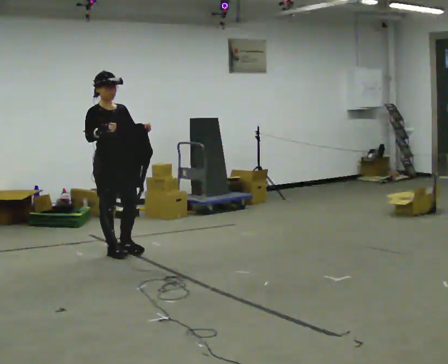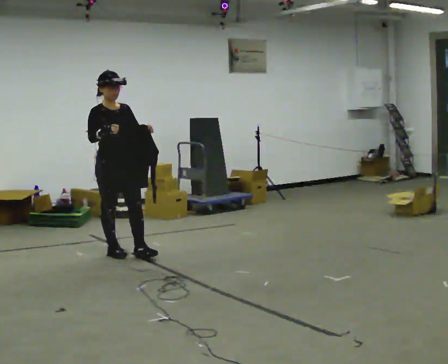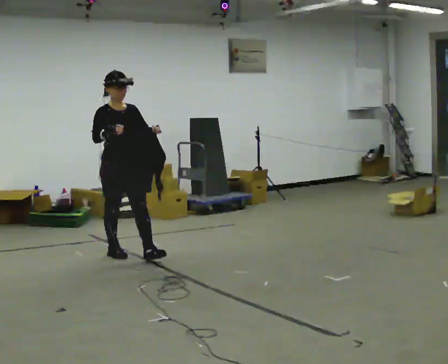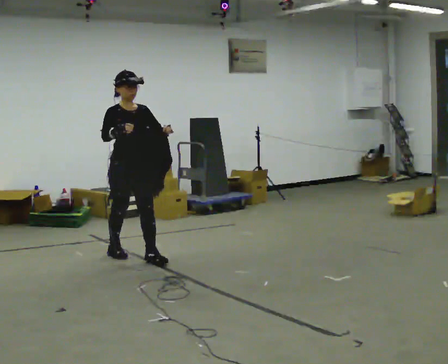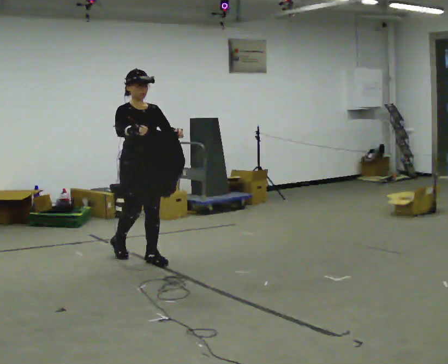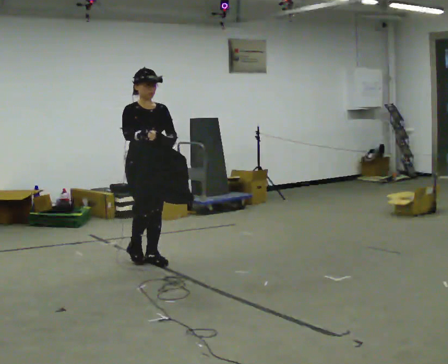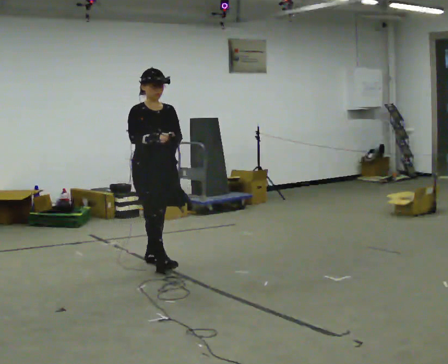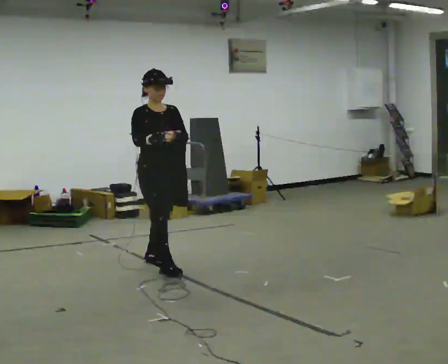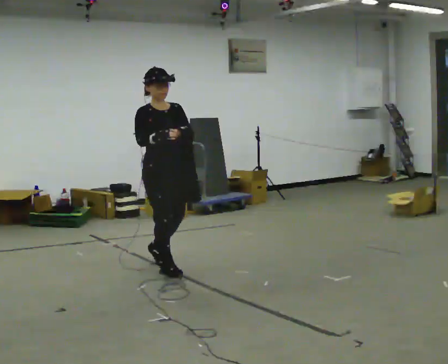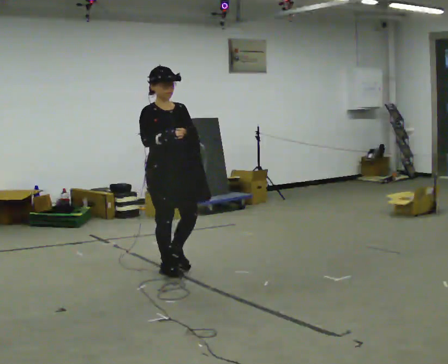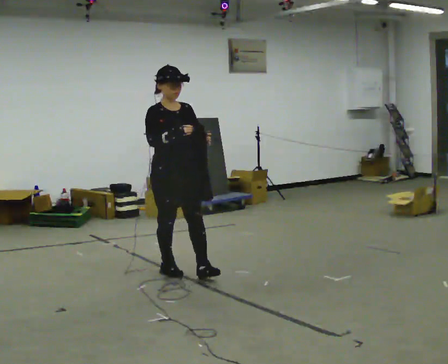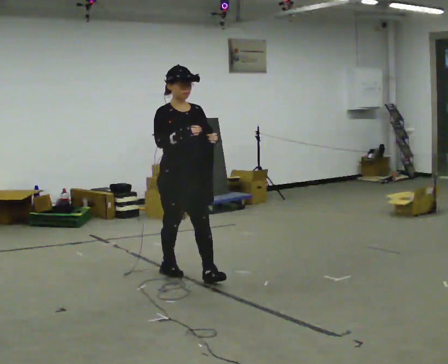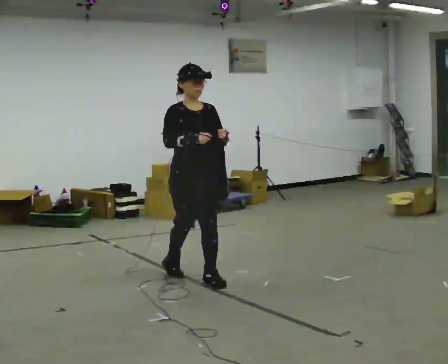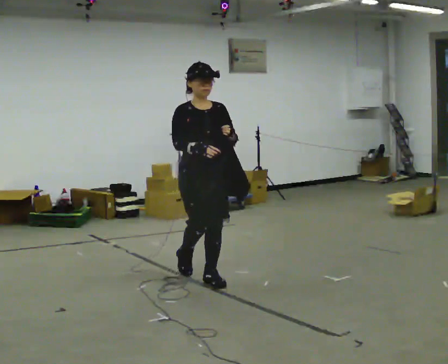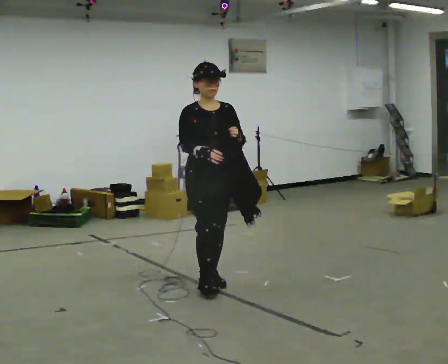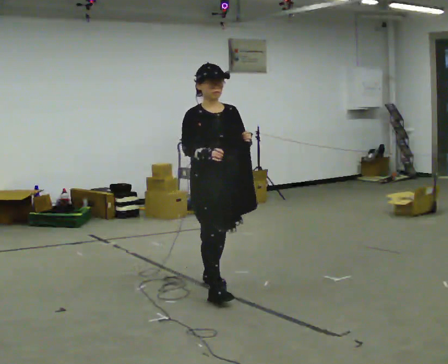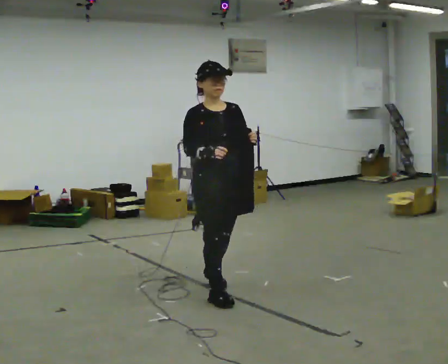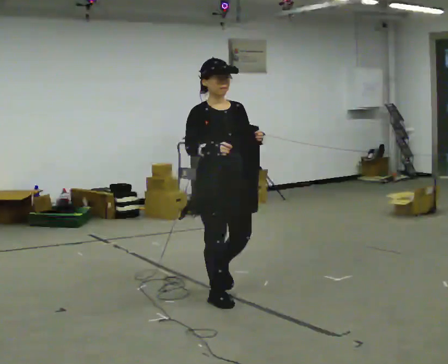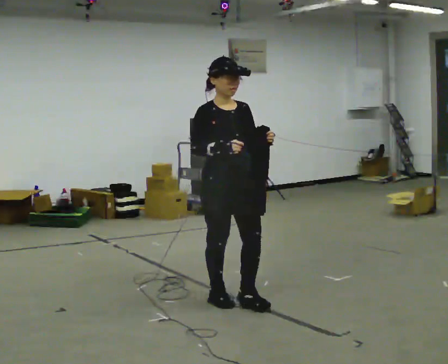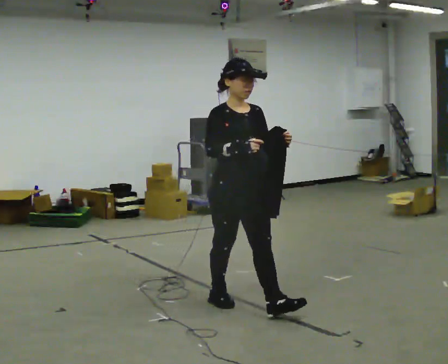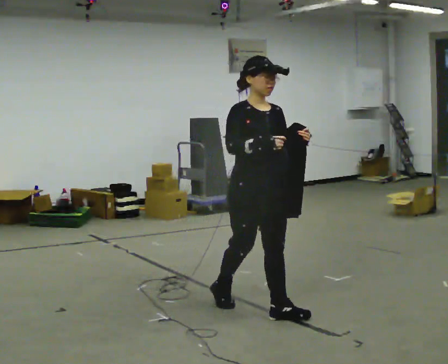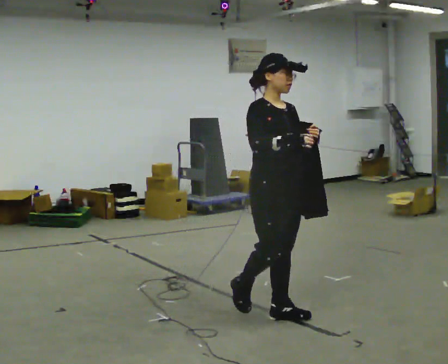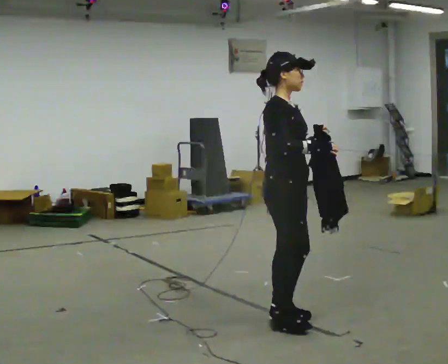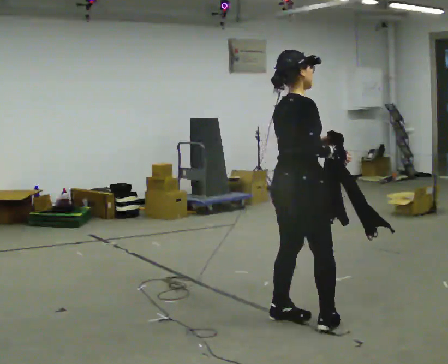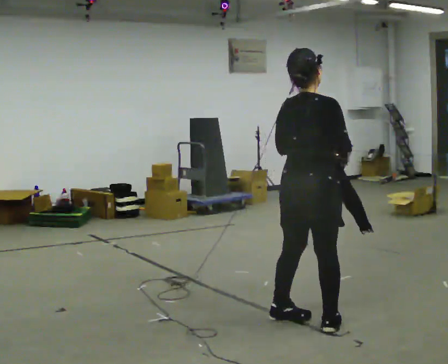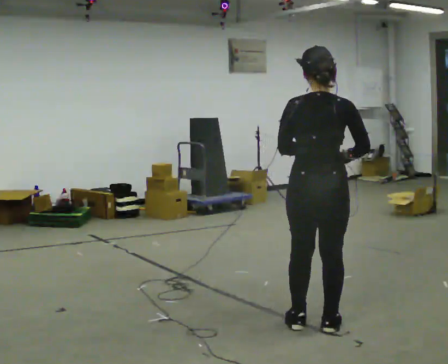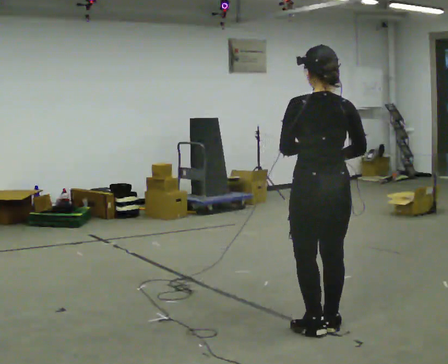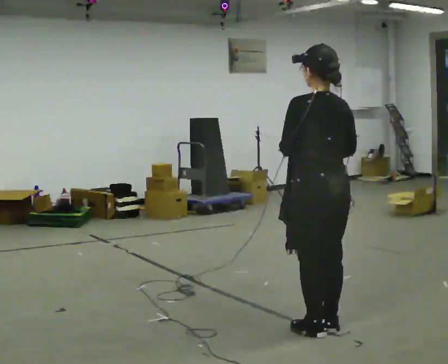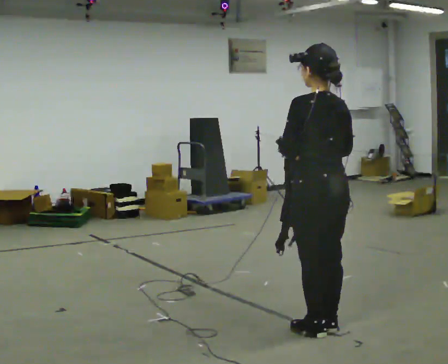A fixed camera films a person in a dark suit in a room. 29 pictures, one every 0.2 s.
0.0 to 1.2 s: In the picture they go to the right and toward the camera, about 0.5 m in 1 step, which for them is forward and to their left.
1.2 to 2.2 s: In the picture they go toward the camera and to the right, about 0.5 m in 2 steps, which for them is forward.
2.2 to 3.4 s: In the picture they go toward the camera and to the right, about 0.75 m in 1 step, which for them is forward.
3.4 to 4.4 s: Seen from above the body turns counterclockwise, about 45 degrees: to their left, with its near side sliding to the right. In the picture they go toward the camera and to the right, about 0.5 m in 1 step, which for them is forward.
4.4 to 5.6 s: The person turns about 150 degrees to their left, counterclockwise seen from above, so the part of the body nearest the lens slides to the right. In the picture they go toward the camera and to the right, about 0.25 m in 2 steps.
The film runs forward here.
